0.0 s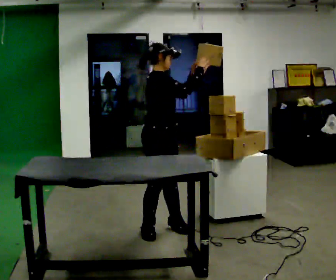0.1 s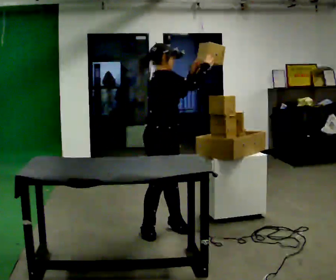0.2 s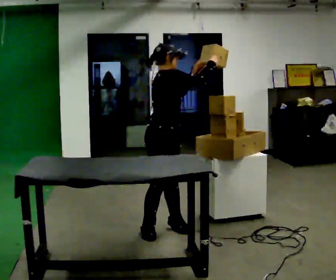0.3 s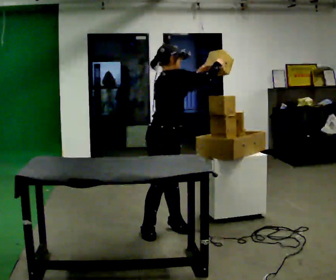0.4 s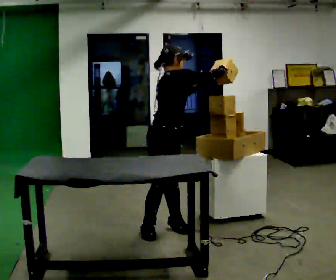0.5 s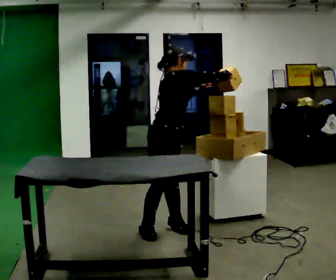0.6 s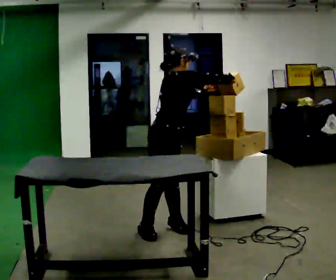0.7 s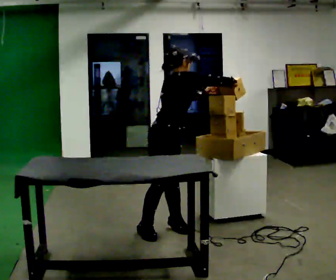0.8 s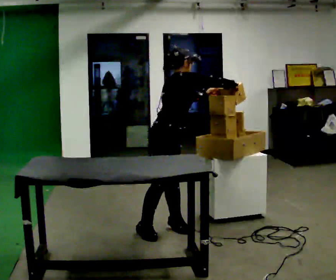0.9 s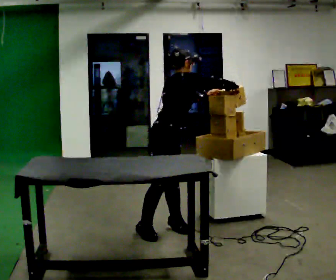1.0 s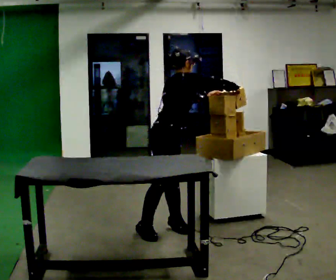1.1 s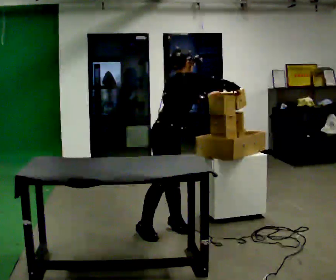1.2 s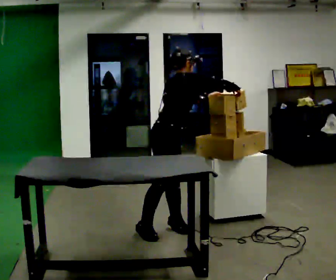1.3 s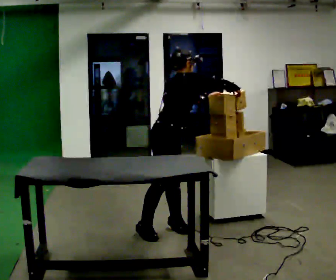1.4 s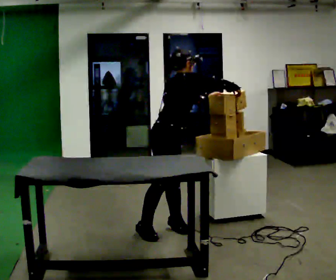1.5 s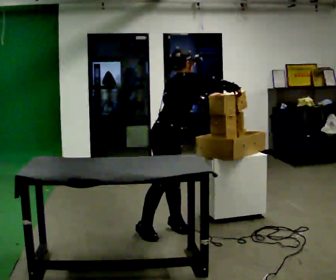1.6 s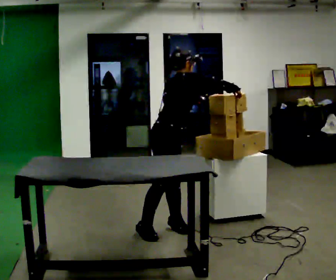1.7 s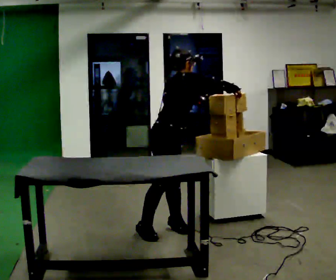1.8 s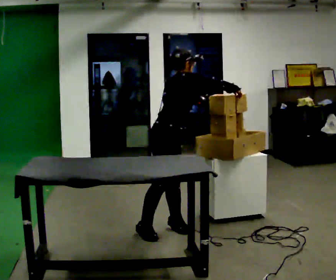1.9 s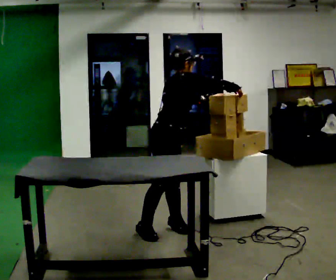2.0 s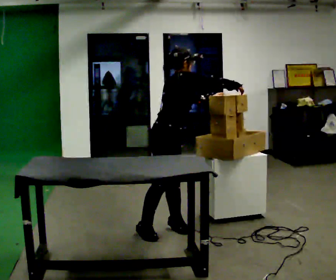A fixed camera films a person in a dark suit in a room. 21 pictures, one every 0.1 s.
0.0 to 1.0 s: In the picture the upper body tilts clockwise, shoulders to the right, as they bend forward. In the picture their right hand goes to the right.
1.0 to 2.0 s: The person moves a little, or ends about where they began.
The film runs forward here.
